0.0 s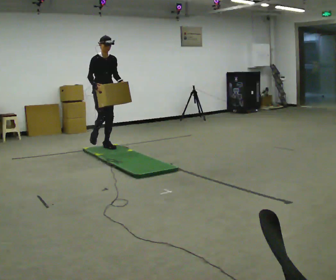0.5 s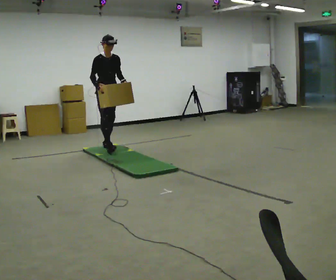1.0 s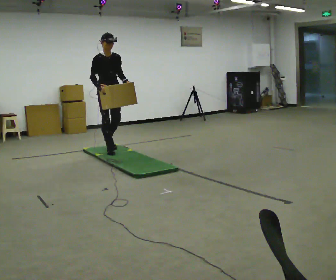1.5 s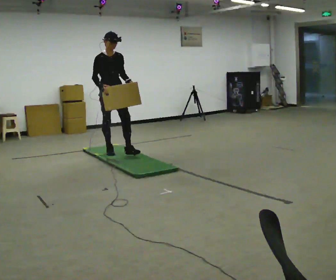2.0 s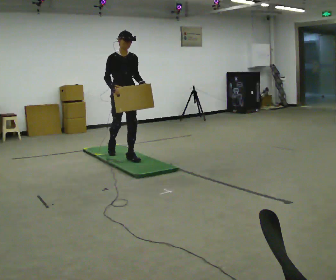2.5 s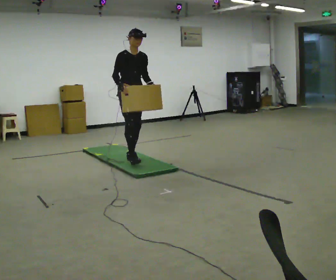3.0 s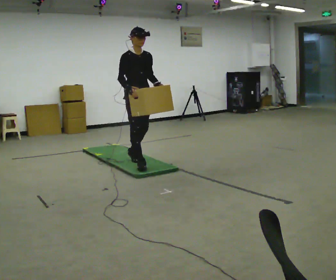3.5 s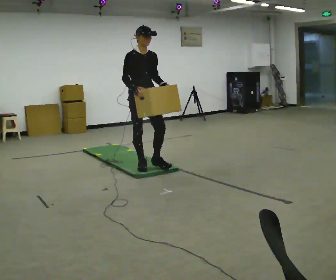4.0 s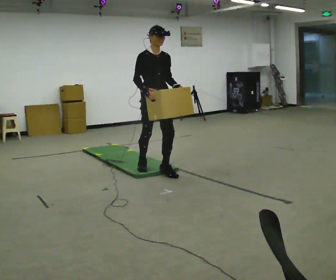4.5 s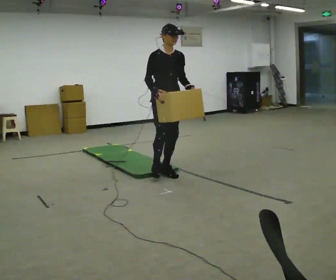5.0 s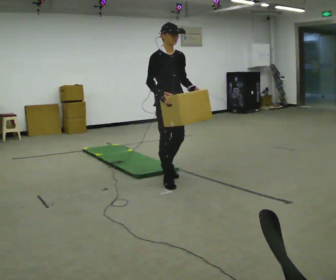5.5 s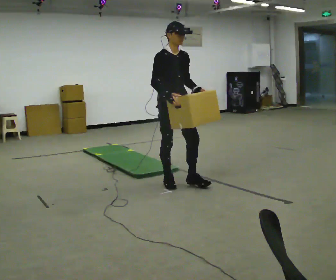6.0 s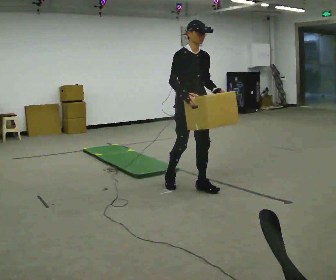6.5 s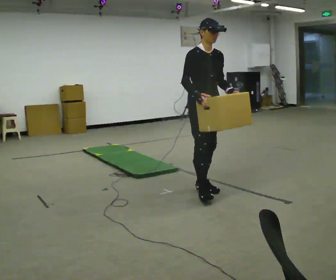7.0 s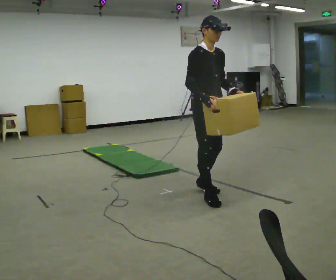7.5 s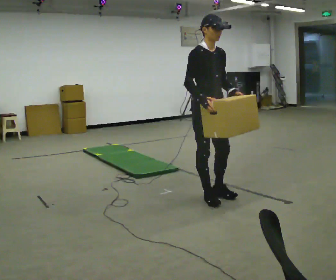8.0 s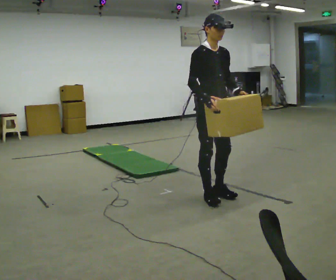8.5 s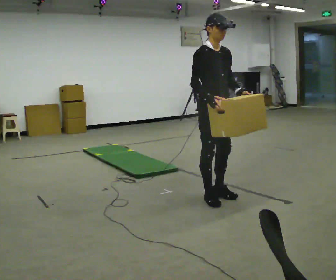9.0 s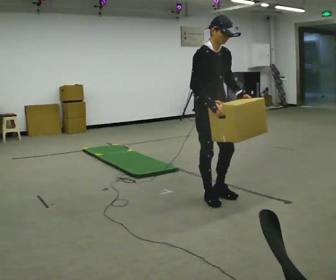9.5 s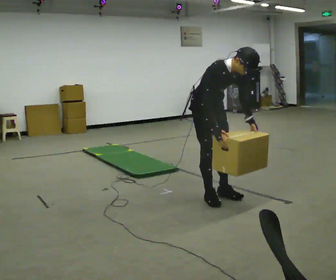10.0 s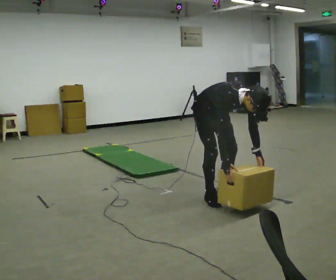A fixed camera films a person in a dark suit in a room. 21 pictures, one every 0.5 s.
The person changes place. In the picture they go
toward the camera.
0.0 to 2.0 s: In the picture they go toward the camera and to the right, about 1 m in 2 steps, which for them is forward.
2.0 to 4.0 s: In the picture they go toward the camera and to the right, about 1 m in 2 steps, which for them is forward.
4.0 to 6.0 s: In the picture they go toward the camera and to the right, about 0.75 m in 2 steps, which for them is forward.
6.0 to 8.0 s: In the picture they go toward the camera and to the right, about 0.25 m in 2 steps, which for them is forward.
8.0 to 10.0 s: The shoulders move downward. The upper body tips toward the camera, its near side rolling downward, as they bend forward. In the picture their right hand goes downward.
The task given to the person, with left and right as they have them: Carry the box across the soft uneven mat, set it down on the far side, then bring it back. Keep going until the operator says stop; one object at a time, and do not rush between trips.
The film runs forward here.
